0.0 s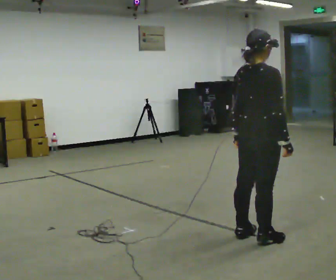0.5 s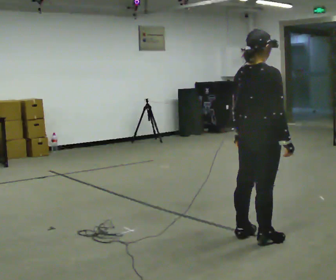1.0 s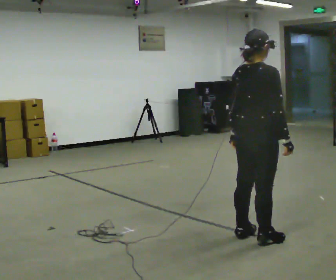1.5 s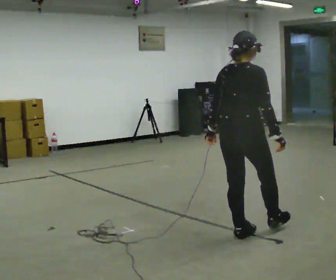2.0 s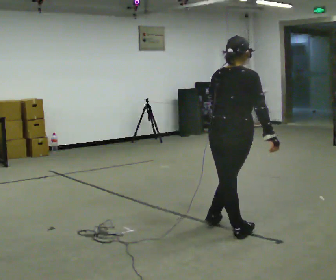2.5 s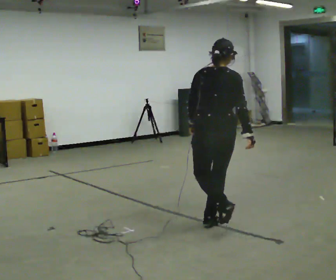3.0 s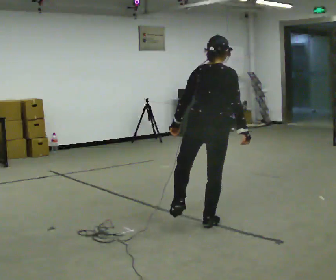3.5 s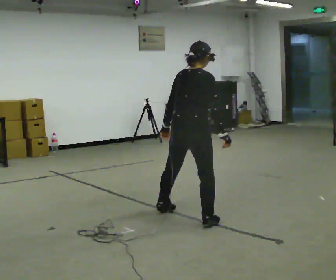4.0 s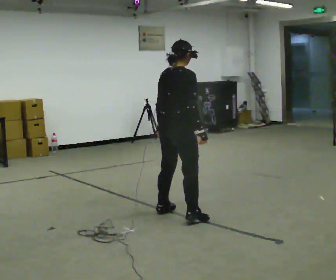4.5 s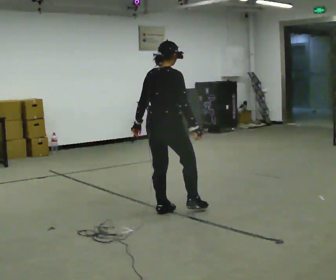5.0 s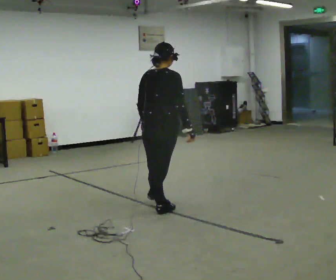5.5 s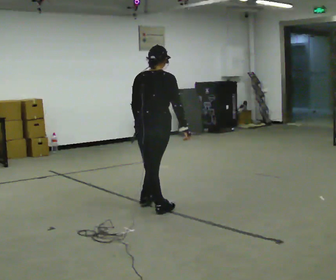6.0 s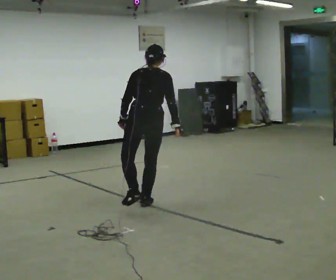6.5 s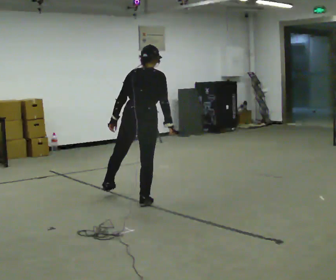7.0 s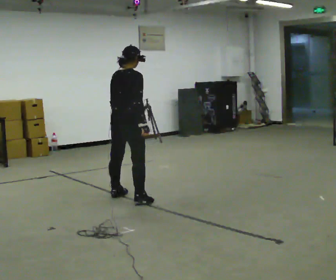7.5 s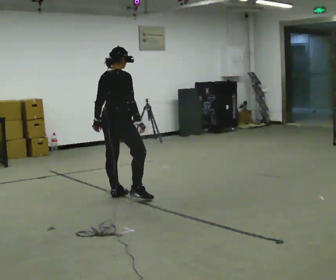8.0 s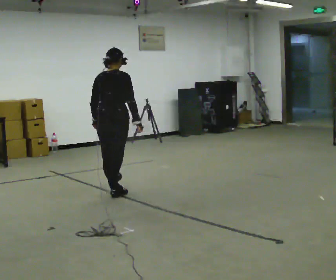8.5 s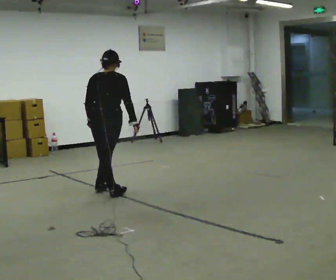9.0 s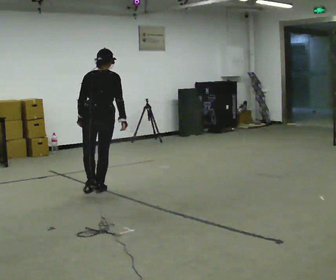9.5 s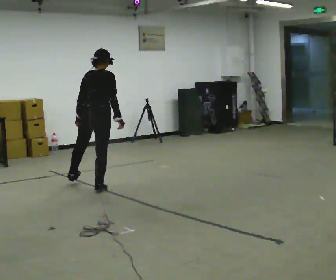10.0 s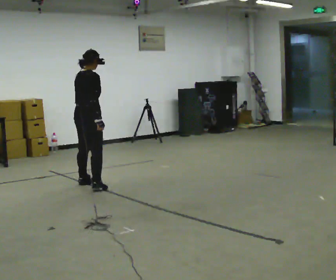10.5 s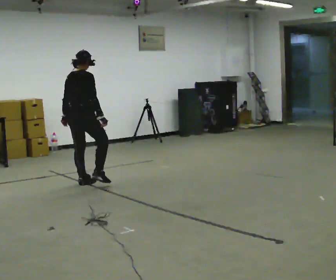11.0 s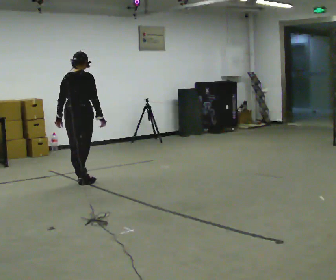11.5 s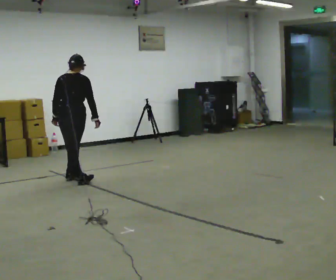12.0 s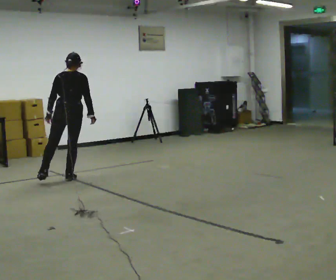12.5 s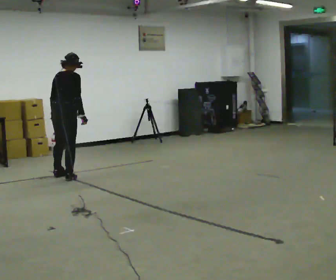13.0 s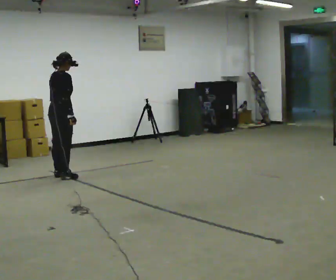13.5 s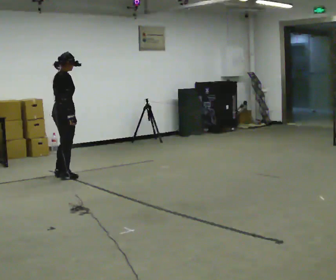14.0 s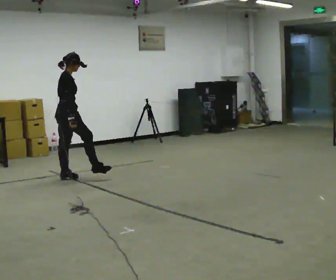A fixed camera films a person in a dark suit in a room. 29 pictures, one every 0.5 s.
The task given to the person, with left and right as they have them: Move sideways in the direction the operator calls, crossing one foot in front and then behind, alternating.
0.0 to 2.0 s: The person turns about 45 degrees to their left, counterclockwise seen from above, so the part of the body nearest the lens slides to the right. In the picture they go away from the camera and to the left, about 0.25 m, which for them is to their left.
2.0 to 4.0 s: The person turns about 30 degrees to their right, clockwise seen from above, so the part of the body nearest the lens slides to the left. In the picture they go away from the camera and to the left, about 0.5 m in 3 steps, which for them is to their left and forward.
4.0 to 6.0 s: Seen from above the body turns counterclockwise, about 60 degrees: to their left, with its near side sliding to the right. In the picture they go away from the camera and to the left, about 0.5 m in 1 step.
6.0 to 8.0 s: In the picture they go away from the camera and to the left, about 0.5 m in 1 step, which for them is to their left.
8.0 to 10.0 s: Seen from above the body turns clockwise, about 30 degrees: to their right, with its near side sliding to the left. In the picture they go away from the camera and to the left, about 0.5 m in 2 steps.
10.0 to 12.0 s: The person turns about 60 degrees to their left, counterclockwise seen from above, so the part of the body nearest the lens slides to the right. In the picture they go away from the camera and to the left, about 0.5 m in 1 step.
12.0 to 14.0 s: Seen from above the body turns clockwise, about 105 degrees: to their right, with its near side sliding to the left.
The film runs forward here.
